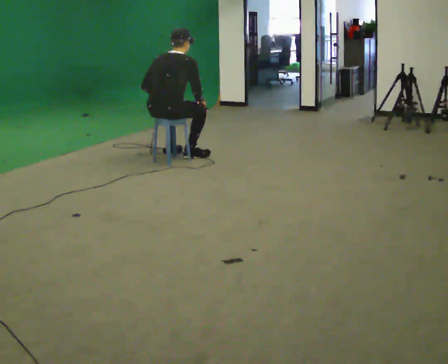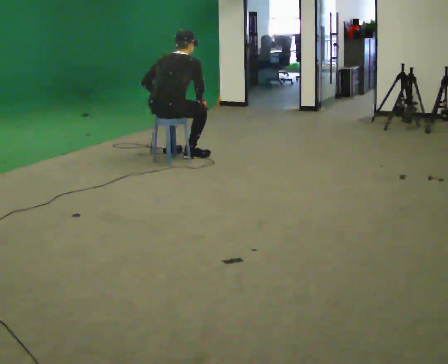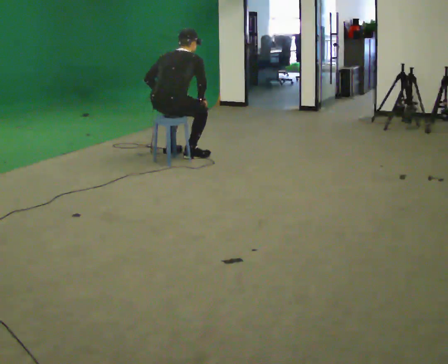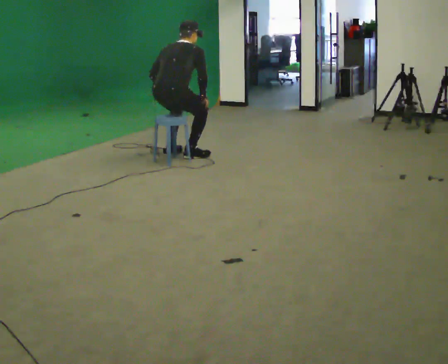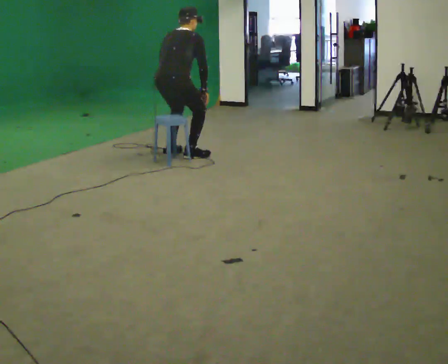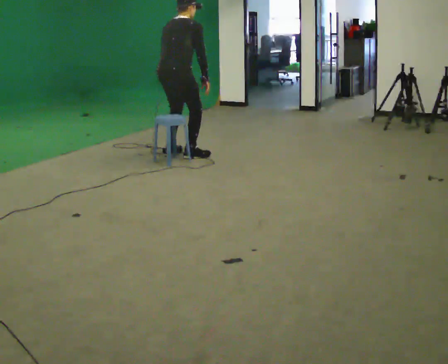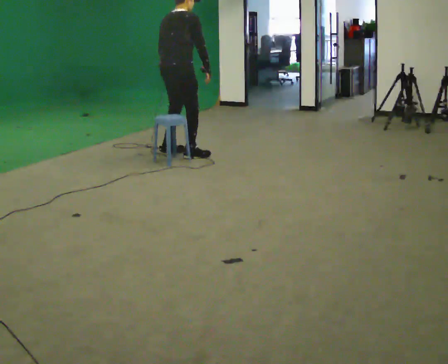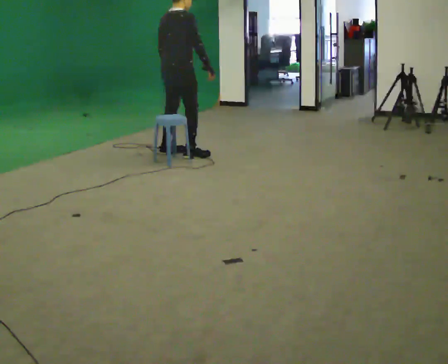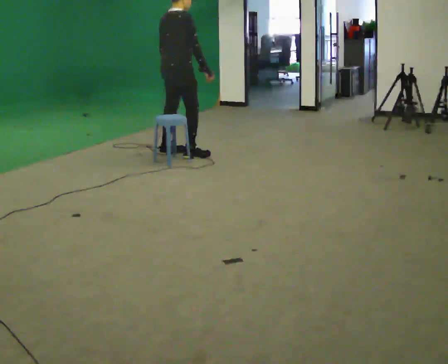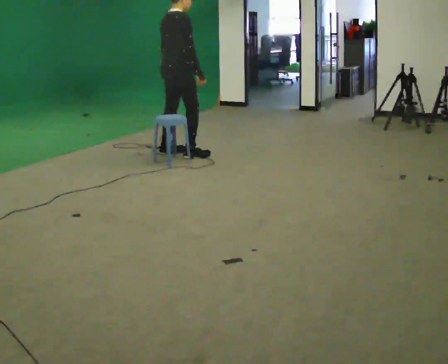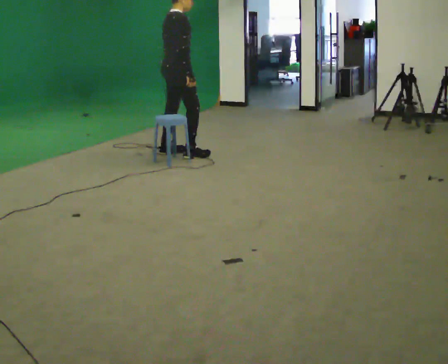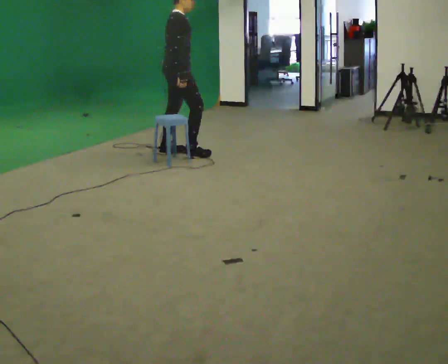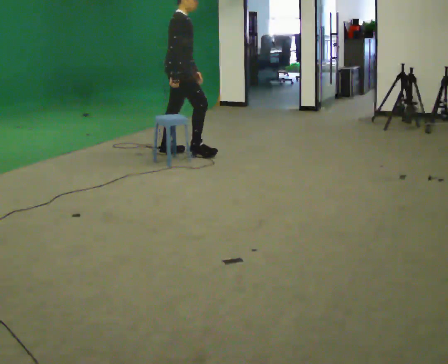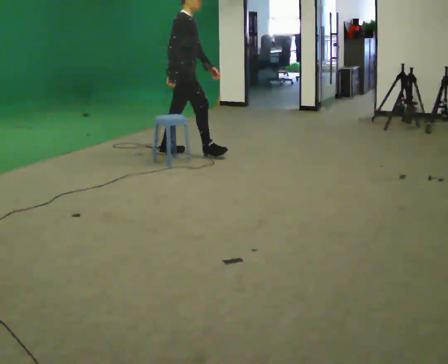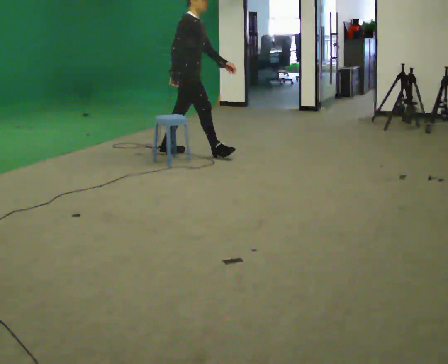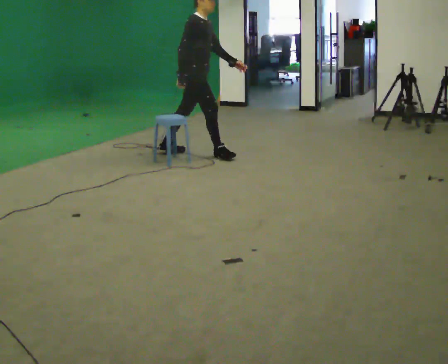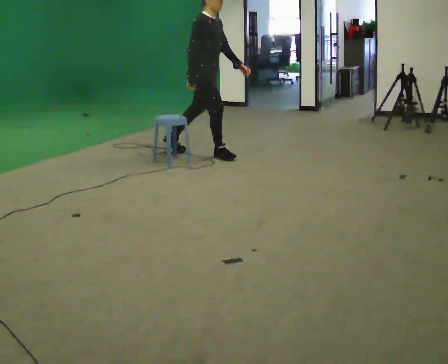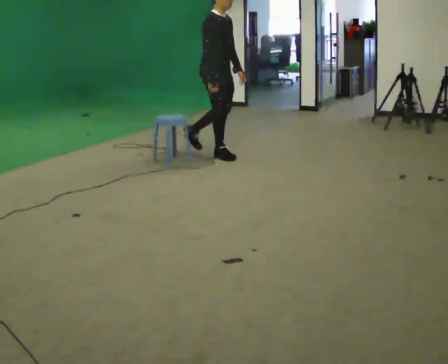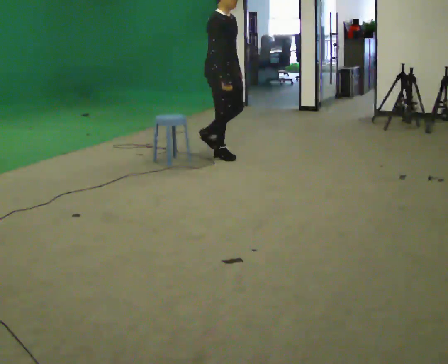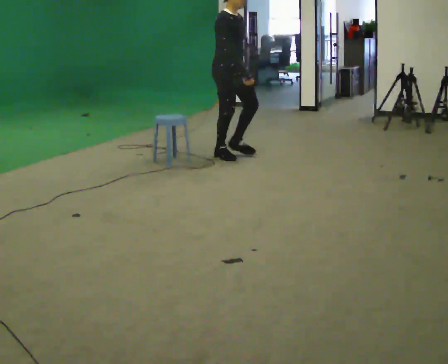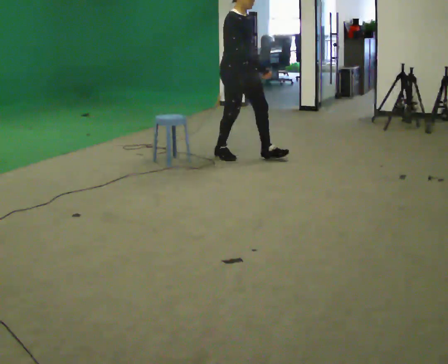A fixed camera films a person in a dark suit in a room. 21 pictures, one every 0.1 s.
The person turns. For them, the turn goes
to their right.
The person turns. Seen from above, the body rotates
clockwise.
0.0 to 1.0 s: Seen from above the body turns clockwise, about 45 degrees: to their right, with its near side sliding to the left. In the picture they go away from the camera, about 0.25 m, which for them is forward and to their left. The upper body goes upward.
1.0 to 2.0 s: The part of the body nearest the lens slides to the left as the person turns to their right by about 45 degrees. In the picture they go to the right and toward the camera, about 0.75 m in 1 step, which for them is forward.
The film runs forward here.
